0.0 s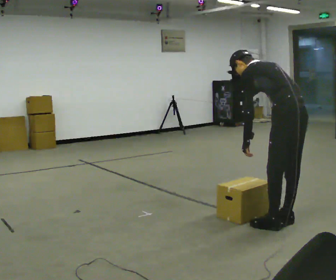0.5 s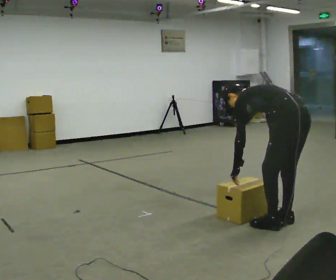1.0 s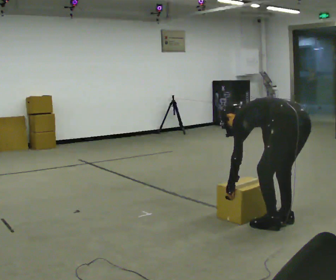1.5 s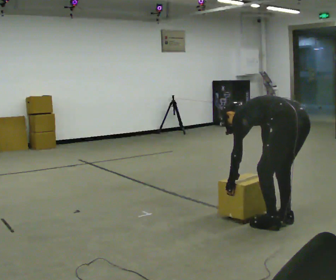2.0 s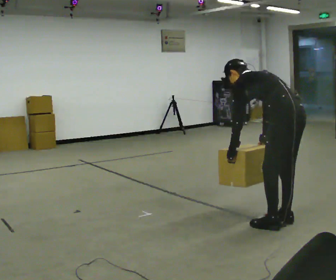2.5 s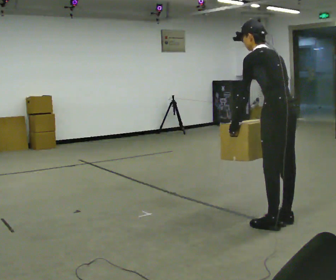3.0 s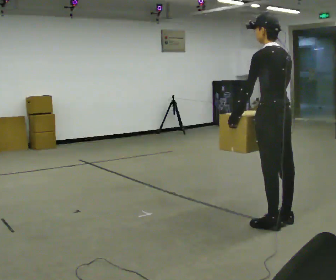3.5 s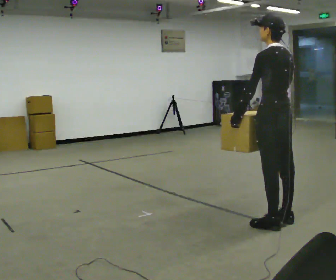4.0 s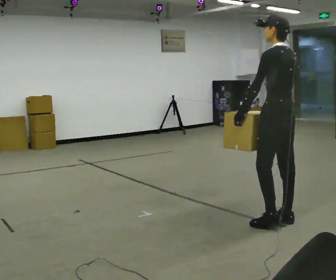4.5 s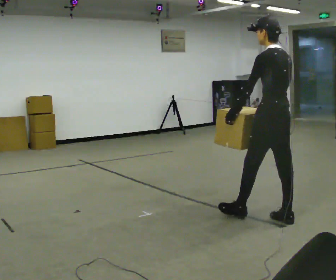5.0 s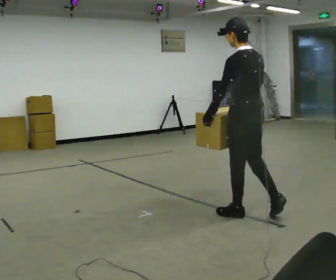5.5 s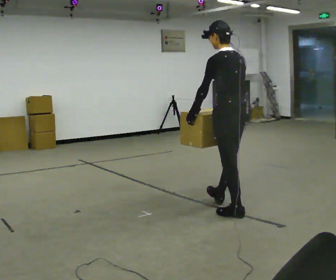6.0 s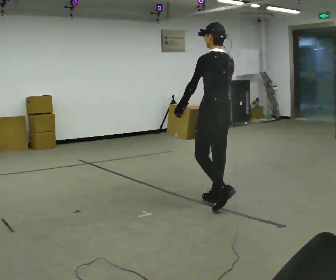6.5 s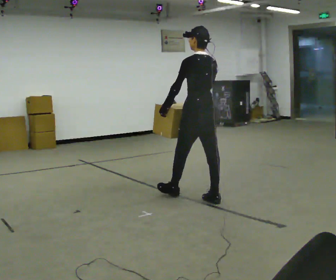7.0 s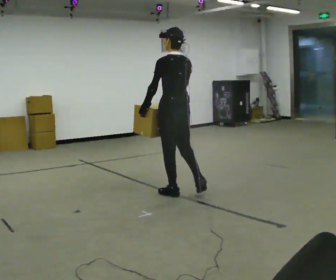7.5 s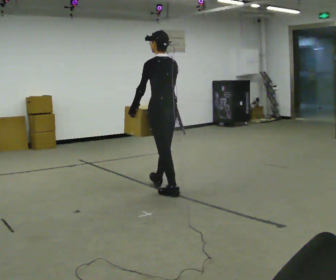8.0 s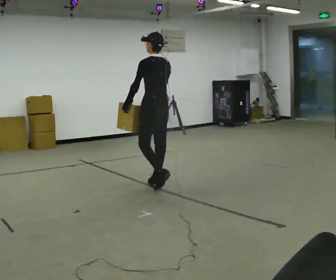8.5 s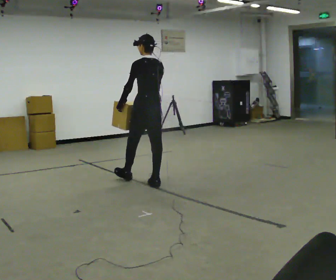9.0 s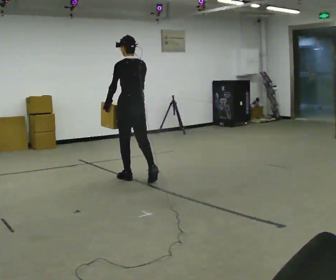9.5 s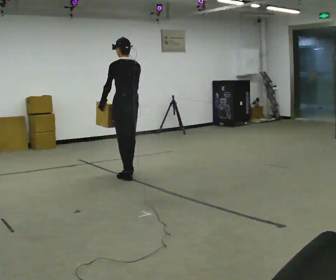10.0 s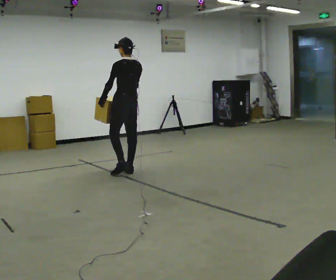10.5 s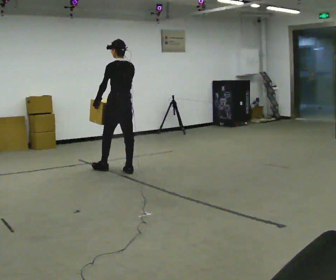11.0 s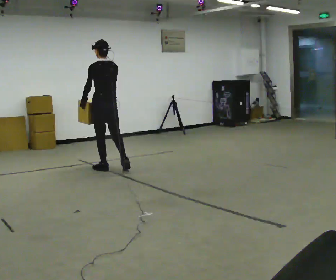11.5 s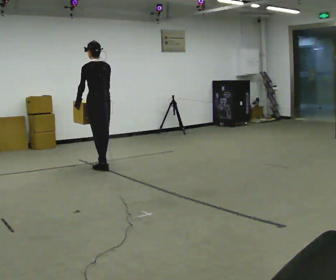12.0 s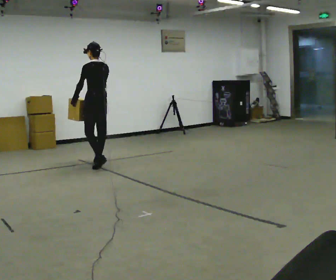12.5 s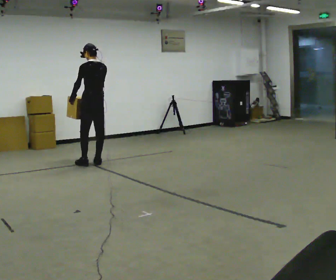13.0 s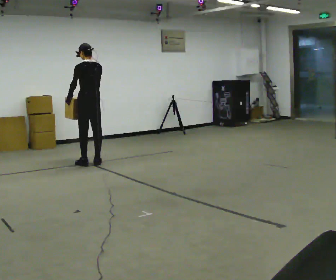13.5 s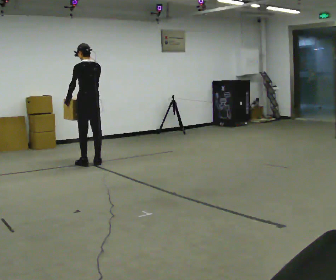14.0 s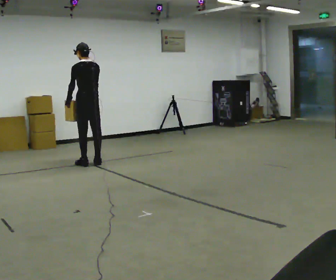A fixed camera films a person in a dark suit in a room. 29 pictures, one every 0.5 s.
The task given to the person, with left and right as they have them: Carry the box across the room, back and forth. The operator will swap between the box with handles and the one without.
0.0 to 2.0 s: The person moves a little, or ends about where they began.
2.0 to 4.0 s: In the picture they go away from the camera, about 0.25 m, which for them is forward. The upper body goes upward. The upper body tips toward the camera, its near side rolling downward, as they lean back or straighten.
4.0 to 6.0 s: In the picture they go away from the camera and to the left, about 1 m in 2 steps, which for them is forward.
6.0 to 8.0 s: In the picture they go away from the camera and to the left, about 1 m in 2 steps, which for them is forward.
8.0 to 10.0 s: In the picture they go away from the camera and to the left, about 1 m in 2 steps, which for them is forward.
10.0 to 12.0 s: In the picture they go to the left and away from the camera, about 0.75 m in 2 steps, which for them is forward.
12.0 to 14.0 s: The person moves a little, or ends about where they began.
The film runs forward here.
